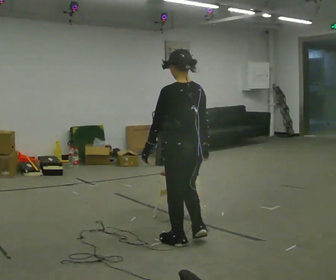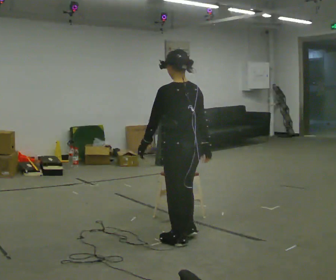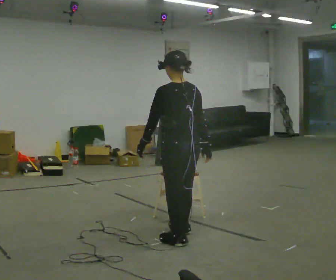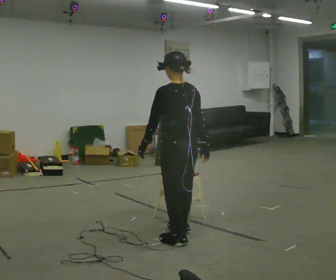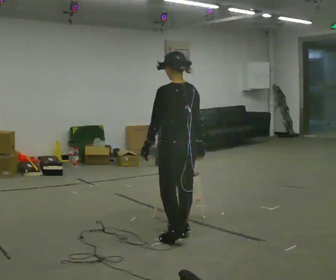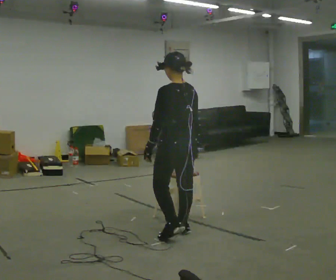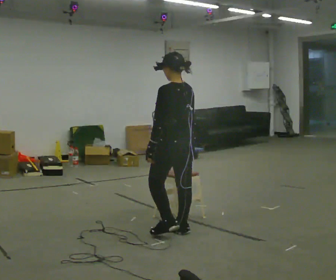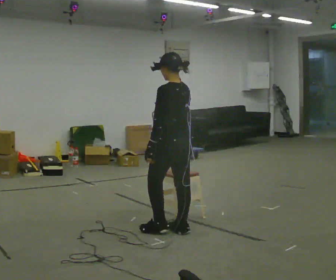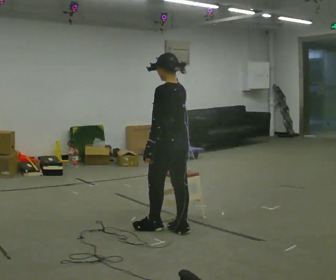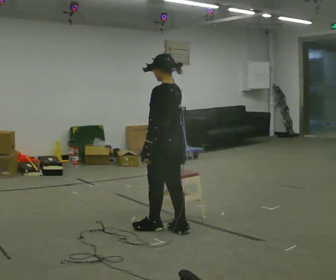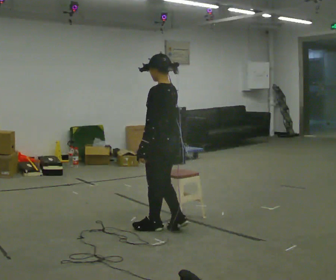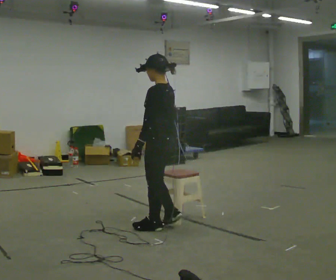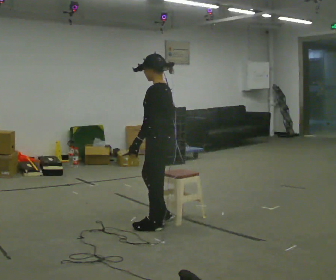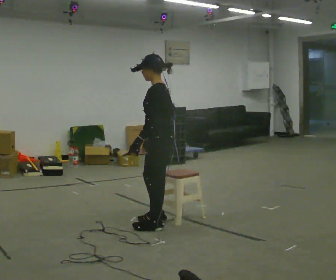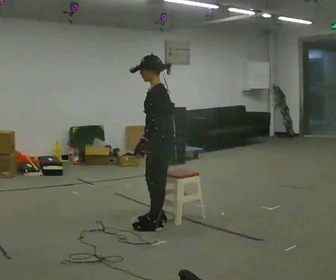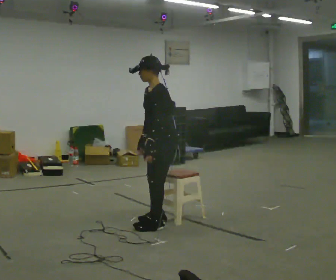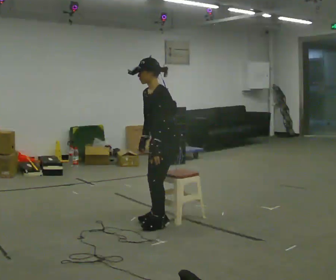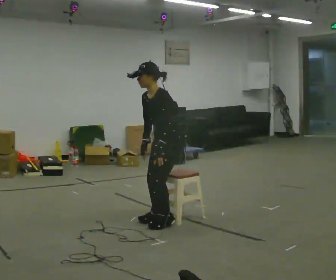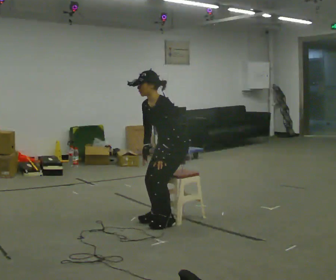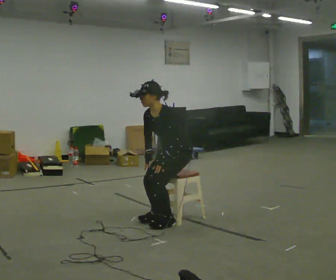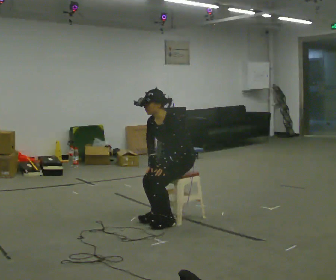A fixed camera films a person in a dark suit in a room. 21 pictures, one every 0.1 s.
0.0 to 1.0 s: Seen from above the body turns counterclockwise, about 30 degrees: to their left, with its near side sliding to the right. In the picture they go away from the camera and to the left, about 0.5 m in 2 steps, which for them is forward.
1.0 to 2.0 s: The person turns about 75 degrees to their left, counterclockwise seen from above, so the part of the body nearest the lens slides to the right. In the picture they go away from the camera and to the right, about 0.5 m in 2 steps. The shoulders move downward. In the picture the upper body tilts counterclockwise, shoulders to the left, as they bend forward.
The film runs forward here.
